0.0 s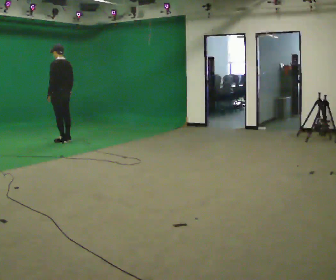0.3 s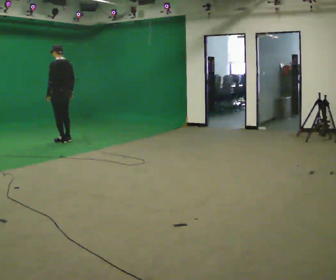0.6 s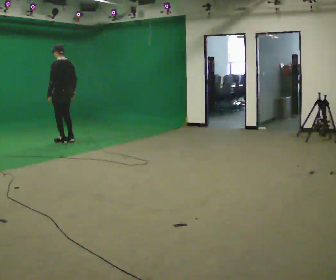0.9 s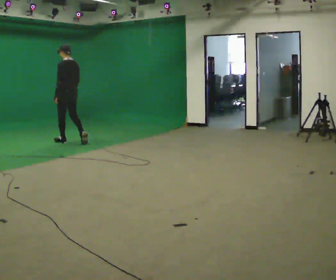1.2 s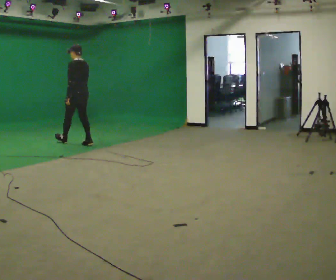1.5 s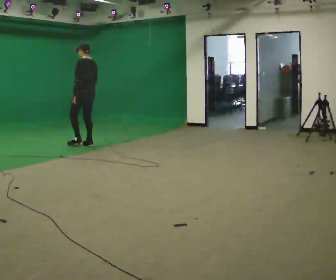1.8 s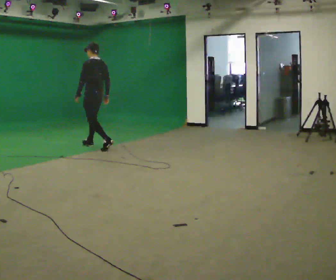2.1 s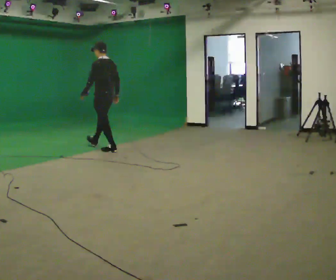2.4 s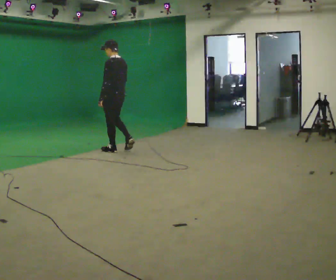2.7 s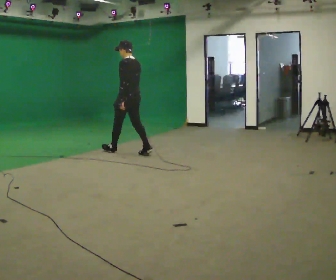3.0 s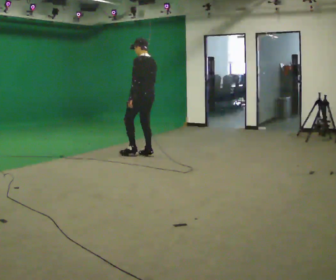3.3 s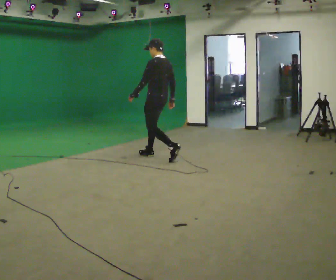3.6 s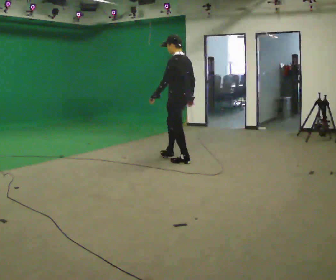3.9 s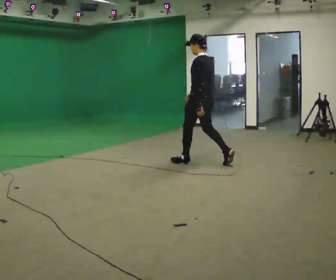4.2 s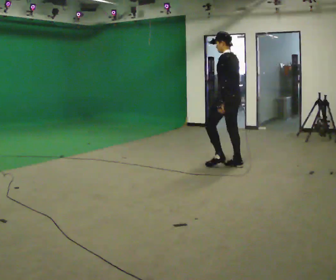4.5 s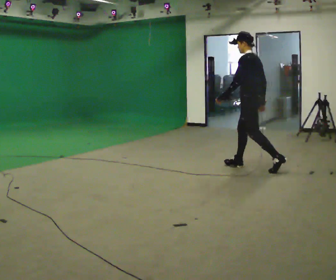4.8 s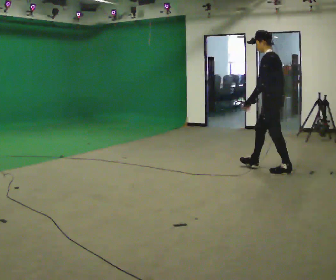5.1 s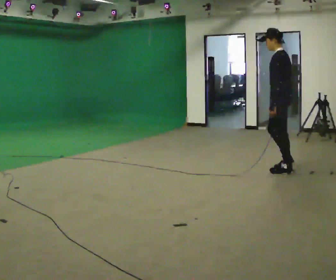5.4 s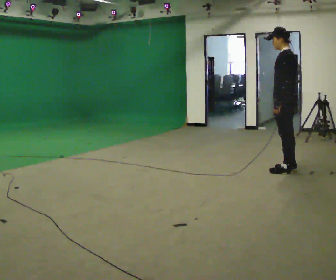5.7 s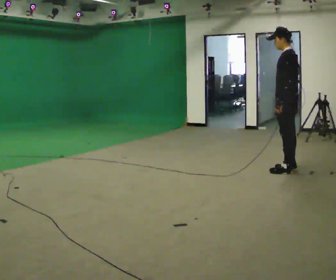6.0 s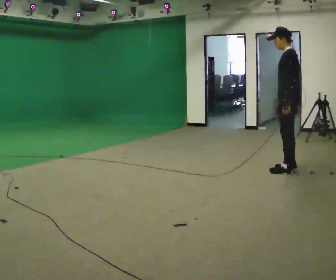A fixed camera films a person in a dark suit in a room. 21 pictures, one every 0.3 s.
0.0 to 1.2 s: In the picture they go to the right and toward the camera, about 0.5 m in 1 step, which for them is backward.
1.2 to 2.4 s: In the picture they go to the right and toward the camera, about 1 m in 2 steps, which for them is backward.
2.4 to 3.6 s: In the picture they go to the right and toward the camera, about 1 m in 2 steps, which for them is backward.
3.6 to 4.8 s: In the picture they go to the right and toward the camera, about 1.5 m in 2 steps, which for them is backward.
4.8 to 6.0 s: In the picture they go to the right, about 0.25 m, which for them is backward. In the picture their left hand goes to the right.
The film runs backward here.
